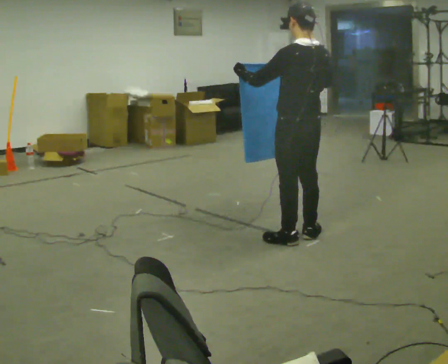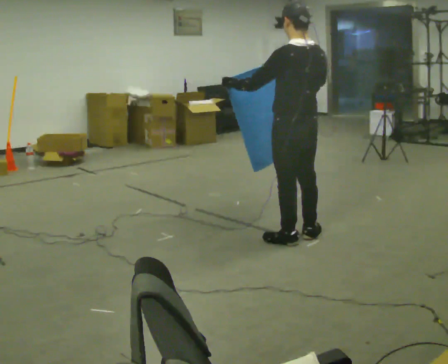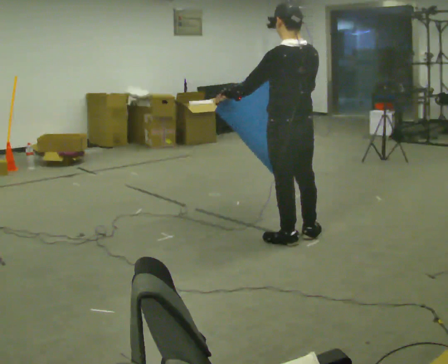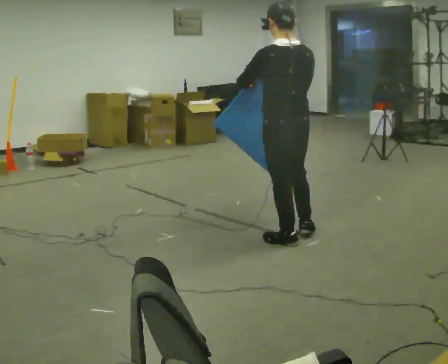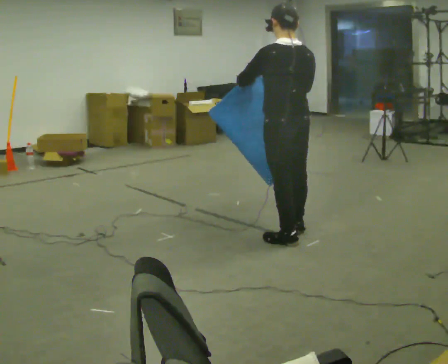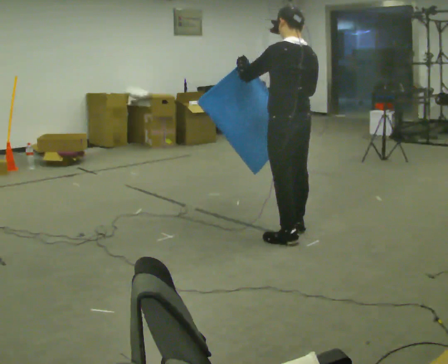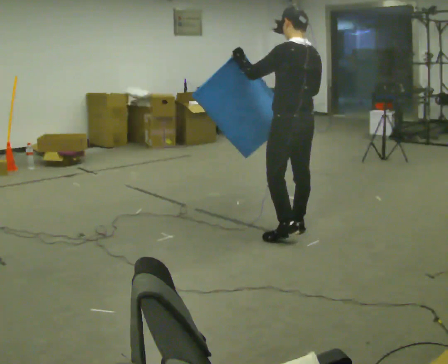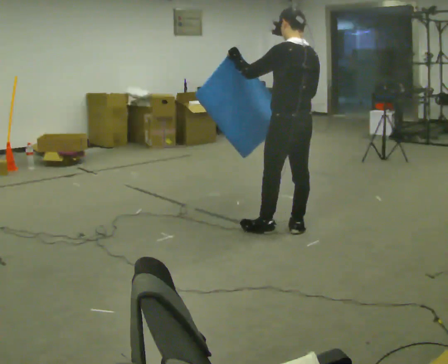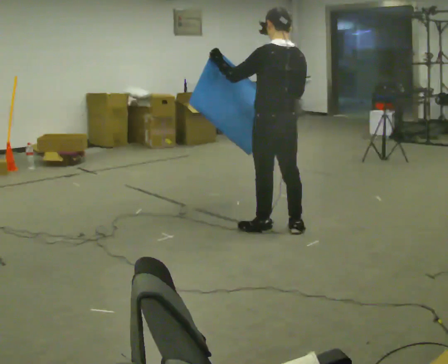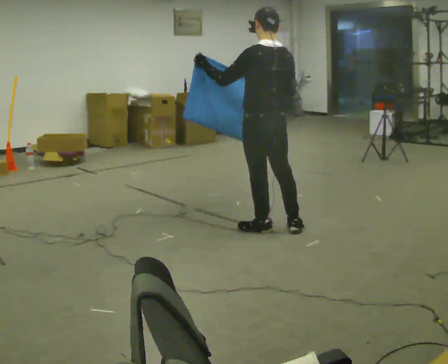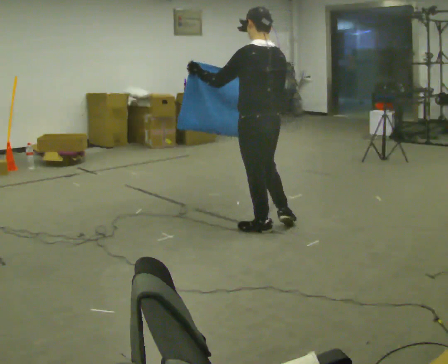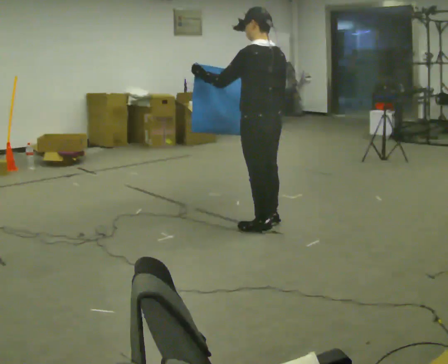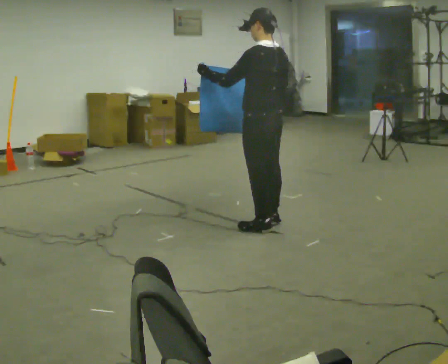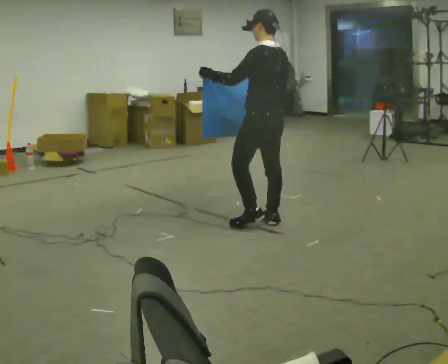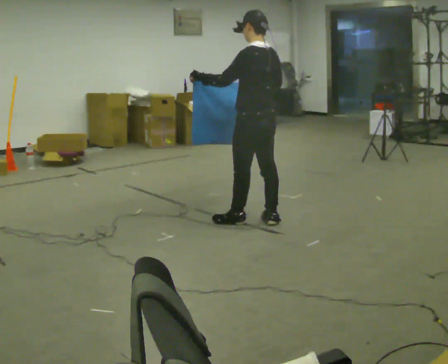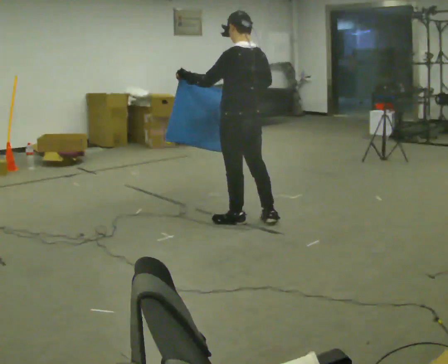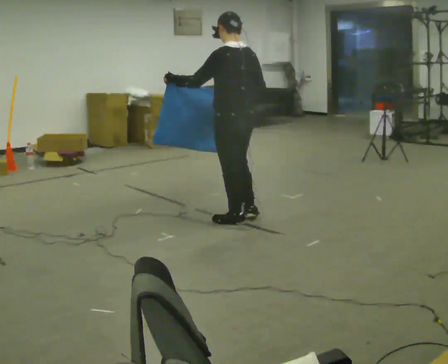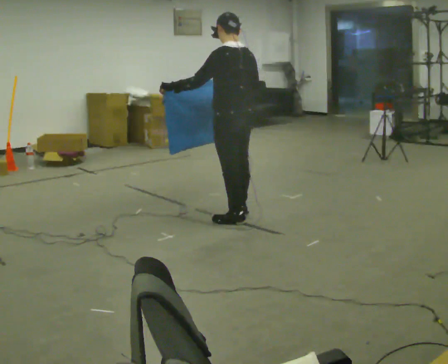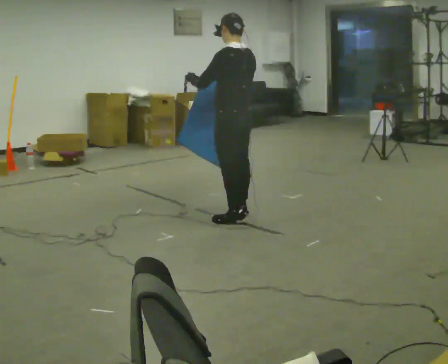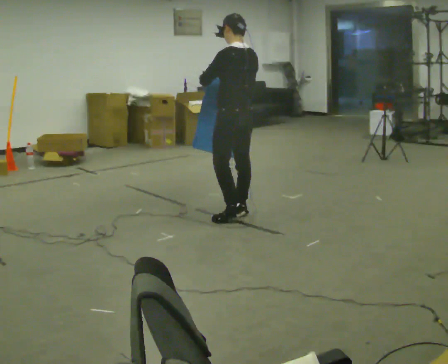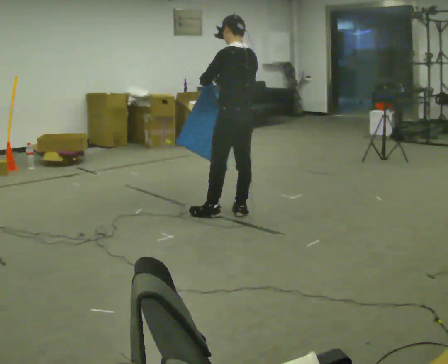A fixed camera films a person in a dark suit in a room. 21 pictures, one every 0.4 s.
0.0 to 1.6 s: The person moves a little, or ends about where they began.
1.6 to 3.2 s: In the picture they go away from the camera, about 0.25 m in 1 step, which for them is forward.
3.2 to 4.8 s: The person moves a little, or ends about where they began.
4.8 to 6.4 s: In the picture they go to the left, about 0.25 m in 1 step, which for them is forward.
6.4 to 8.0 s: In the picture they go away from the camera, about 0.25 m in 1 step, which for them is to their right and forward.
The film runs forward here.
